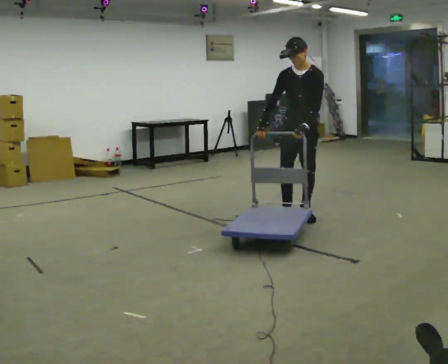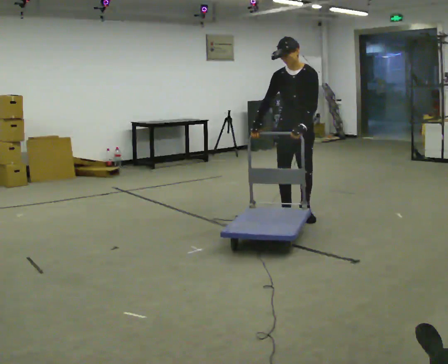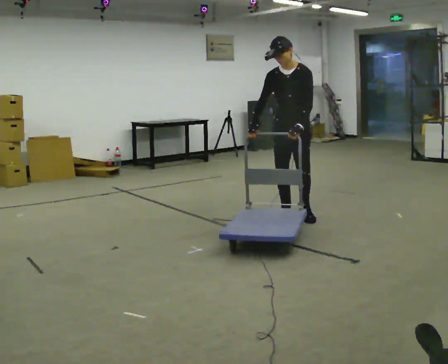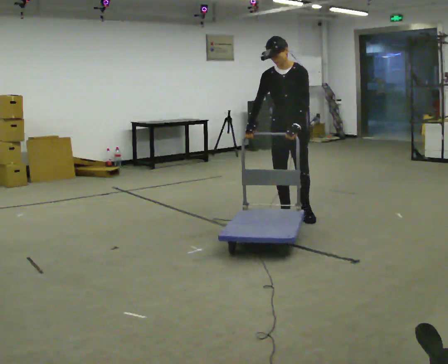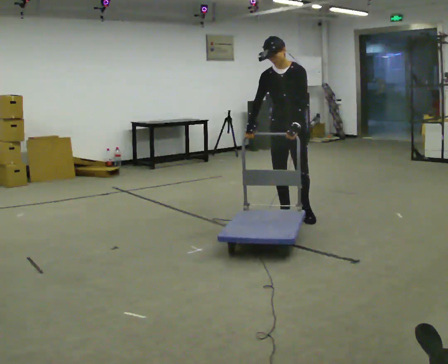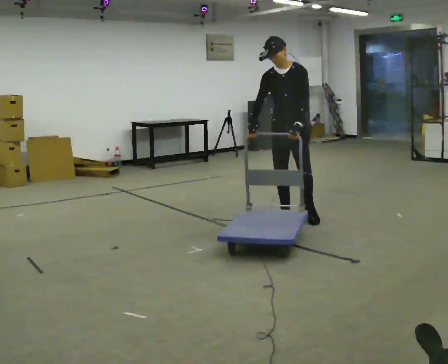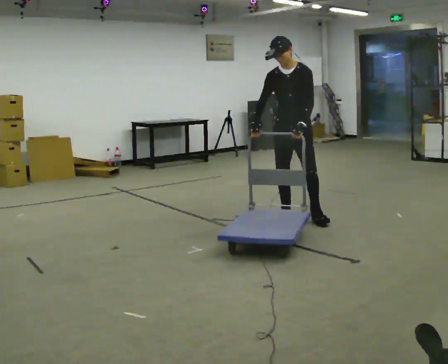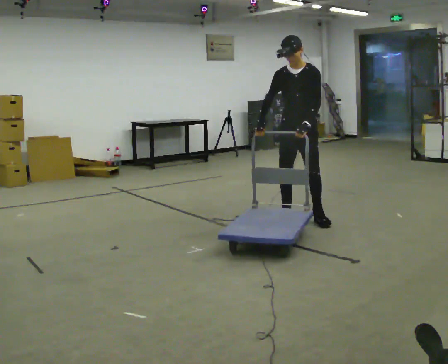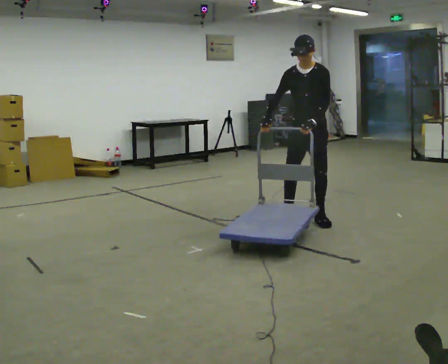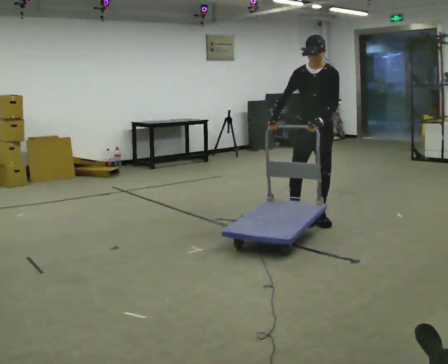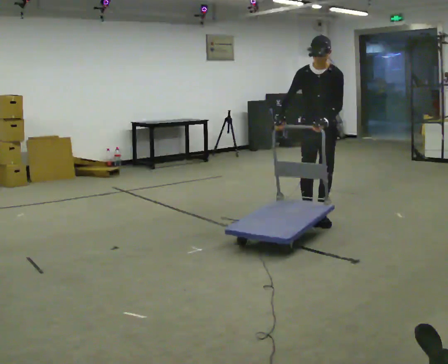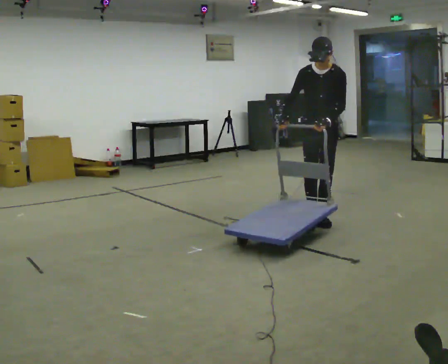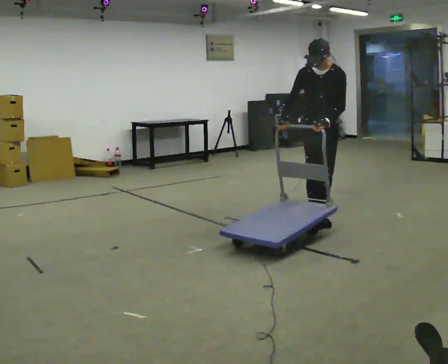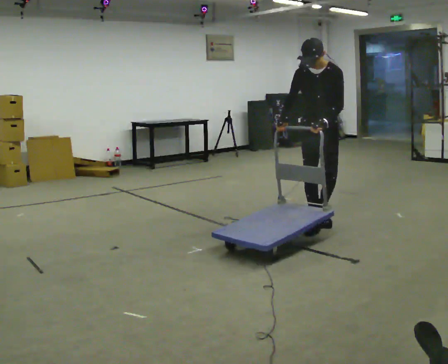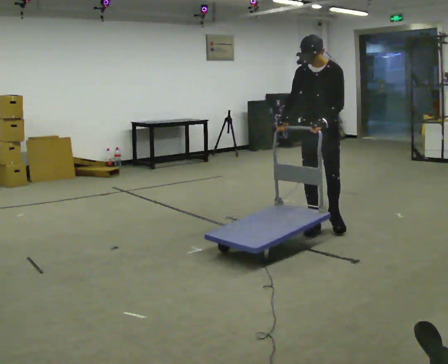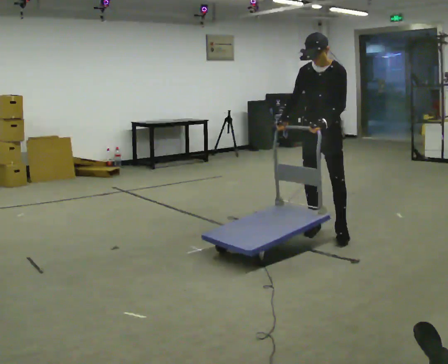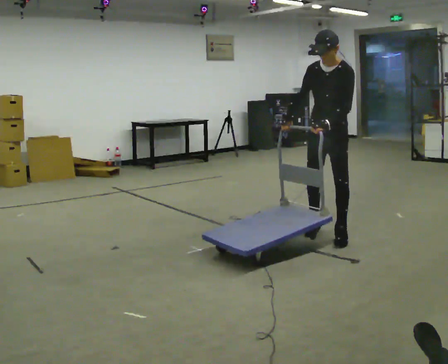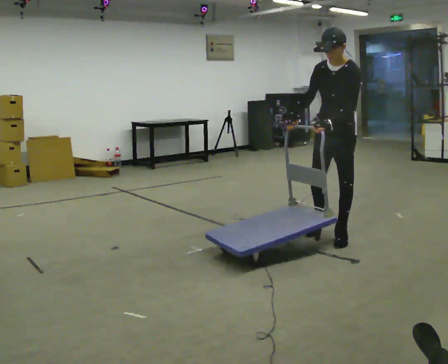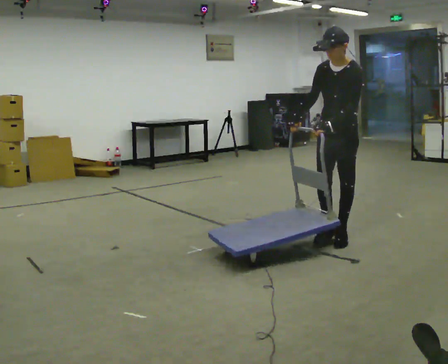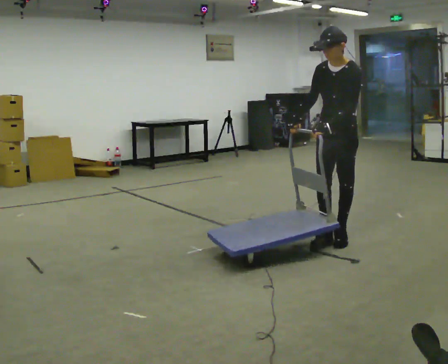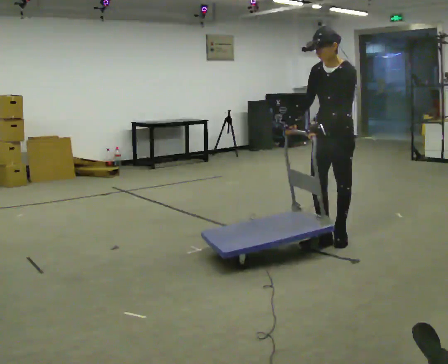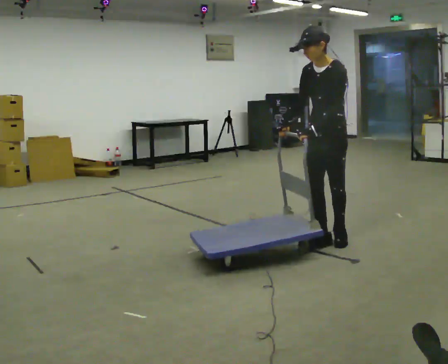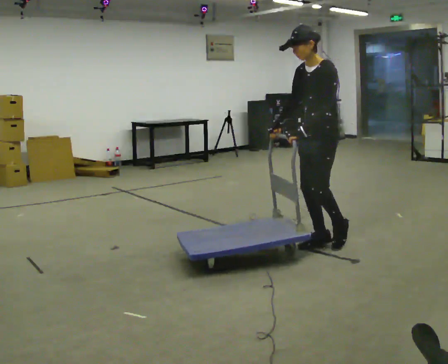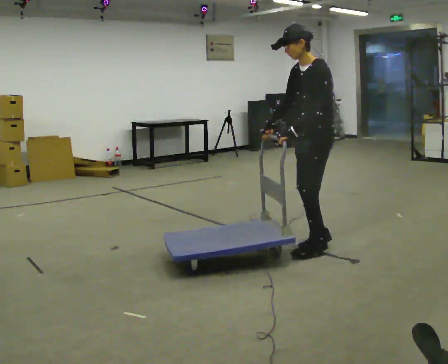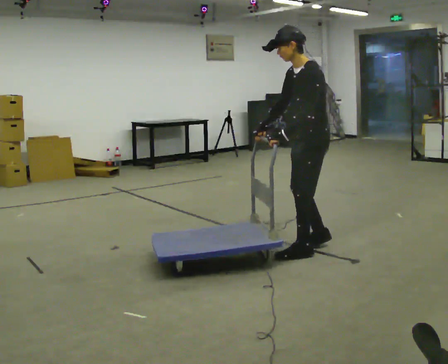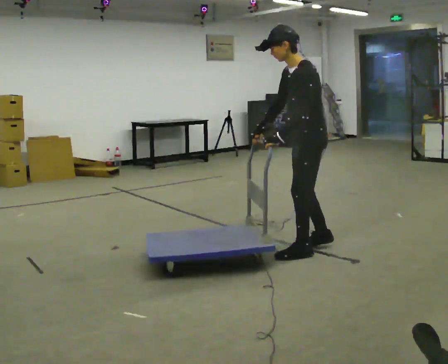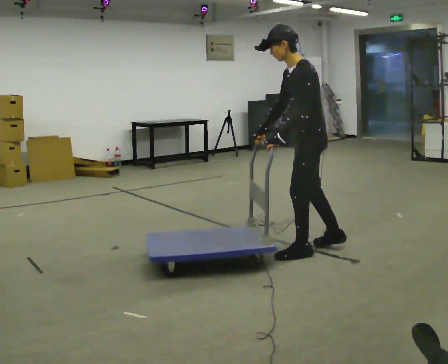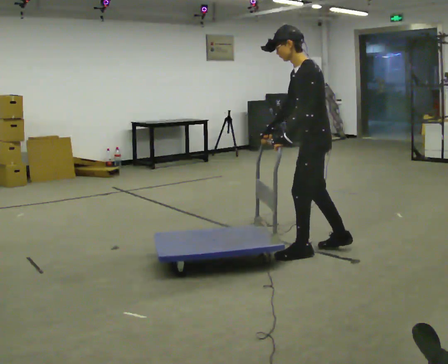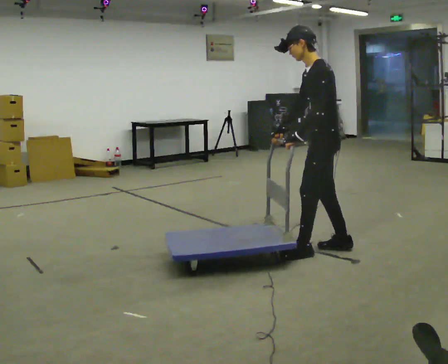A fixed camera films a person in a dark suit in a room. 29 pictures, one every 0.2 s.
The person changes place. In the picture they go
toward the camera.
0.0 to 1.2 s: The person moves a little, or ends about where they began.
1.2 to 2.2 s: In the picture they go to the right, about 0.25 m in 1 step, which for them is to their left.
2.2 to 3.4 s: In the picture they go toward the camera, about 0.5 m in 2 steps, which for them is forward and to their left.
3.4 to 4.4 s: The part of the body nearest the lens slides to the left as the person turns to their right by about 30 degrees. In the picture they go toward the camera, about 0.25 m in 1 step, which for them is forward.
4.4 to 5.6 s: Seen from above the body turns clockwise, about 30 degrees: to their right, with its near side sliding to the left. In the picture they go toward the camera, about 0.25 m in 2 steps, which for them is to their left.
The film runs forward here.
